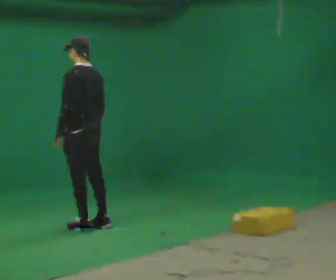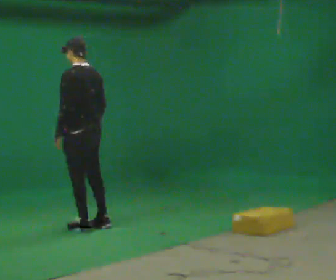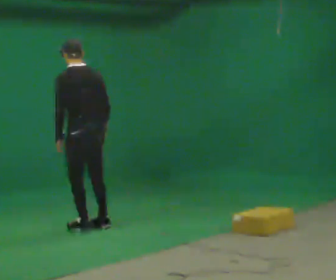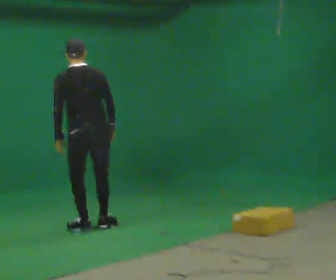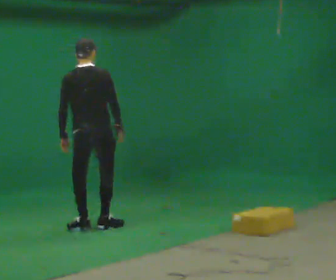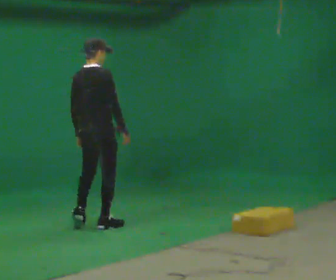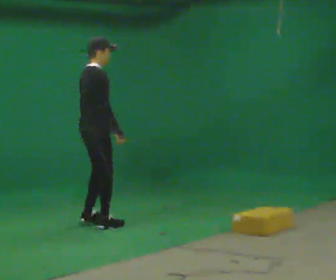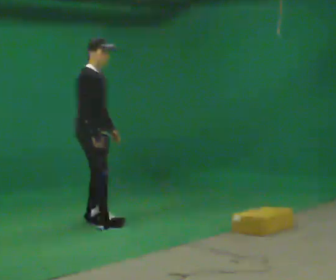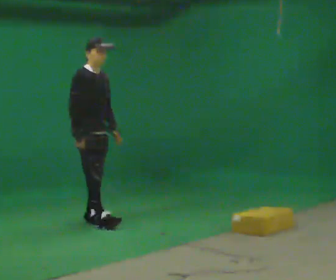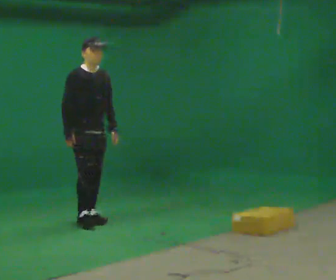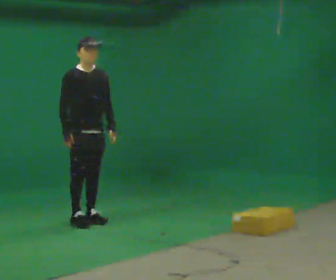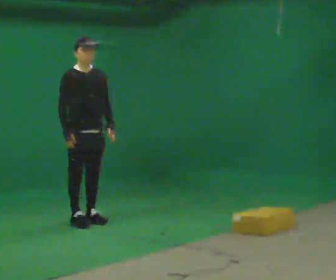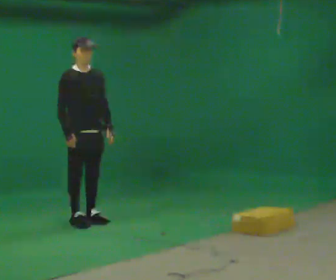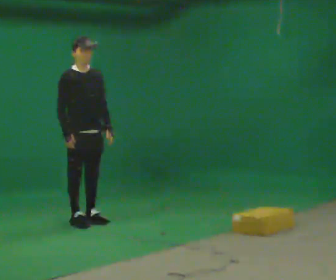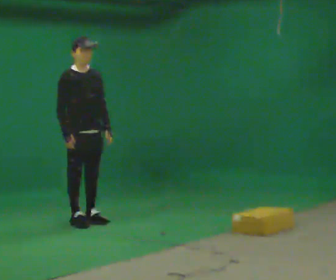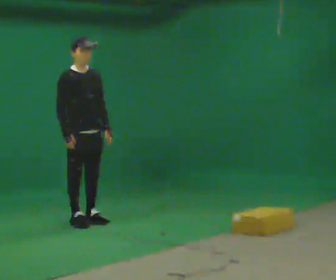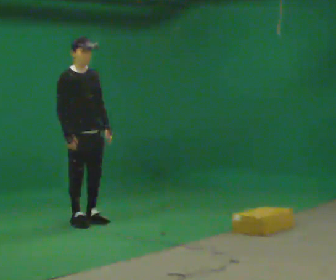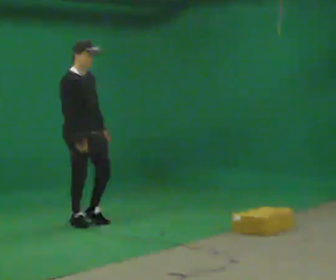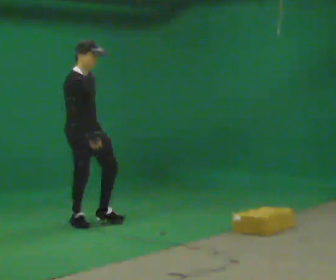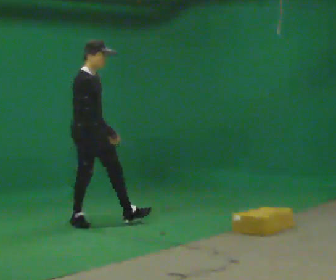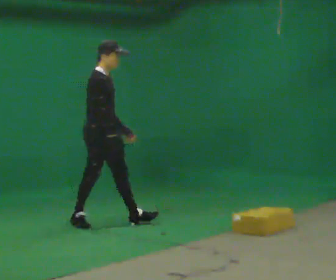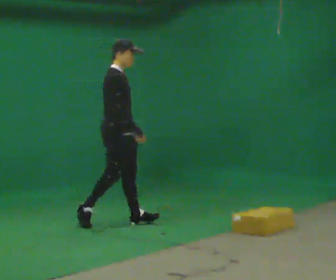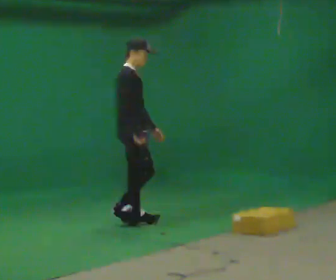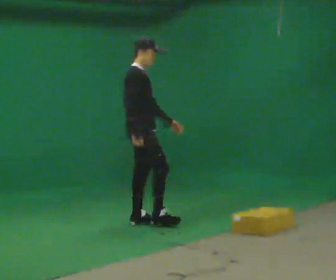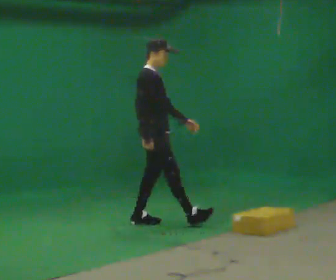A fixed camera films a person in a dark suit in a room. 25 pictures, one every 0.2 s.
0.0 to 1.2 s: Seen from above the body turns clockwise, about 135 degrees: to their right, with its near side sliding to the left. In the picture their left hand goes to the right.
1.2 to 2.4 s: The person turns about 60 degrees to their right, clockwise seen from above, so the part of the body nearest the lens slides to the left.
2.4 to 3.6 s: Seen from above the body turns counterclockwise, about 30 degrees: to their left, with its near side sliding to the right.
3.6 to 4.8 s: In the picture they go to the right, about 0.5 m in 1 step, which for them is forward.
The film runs forward here.
